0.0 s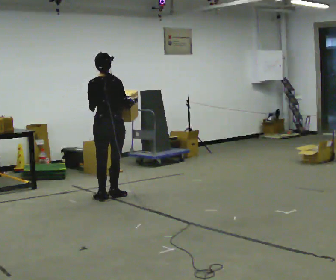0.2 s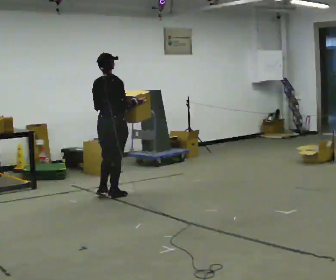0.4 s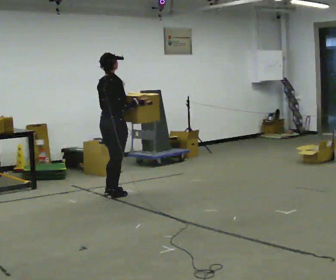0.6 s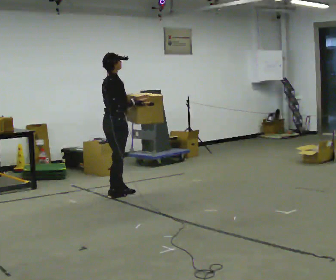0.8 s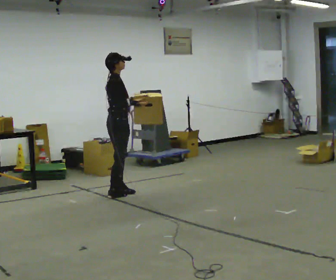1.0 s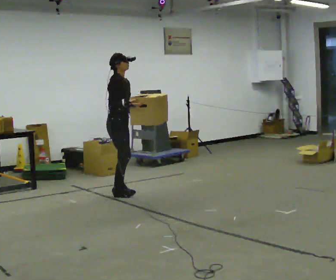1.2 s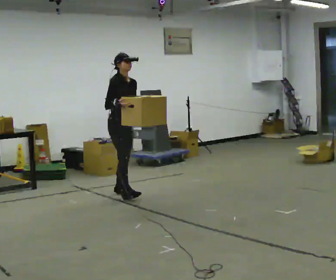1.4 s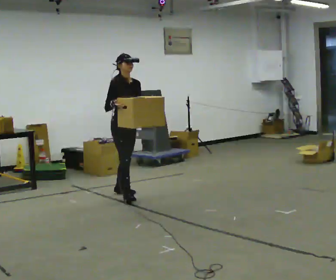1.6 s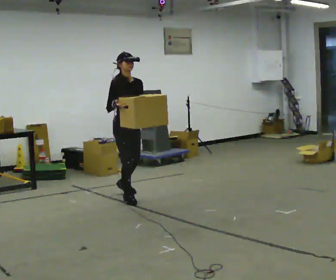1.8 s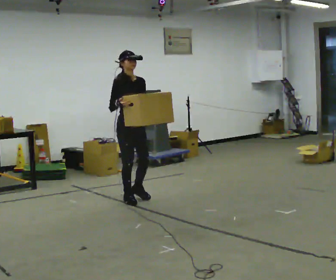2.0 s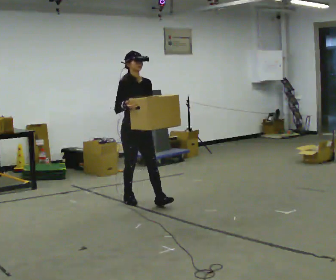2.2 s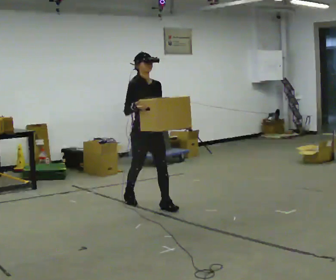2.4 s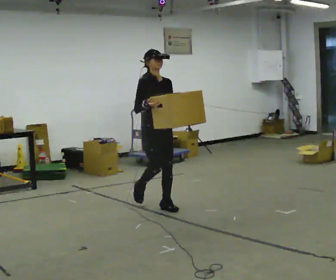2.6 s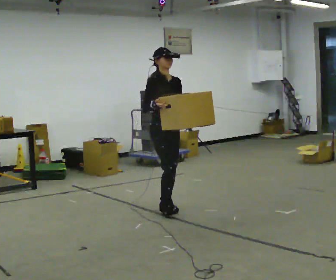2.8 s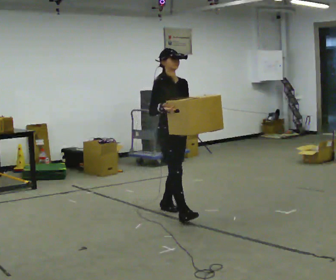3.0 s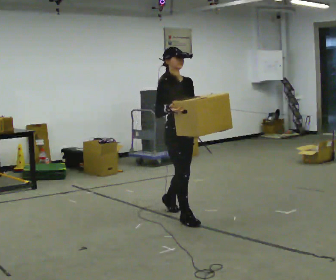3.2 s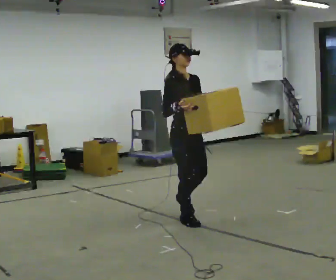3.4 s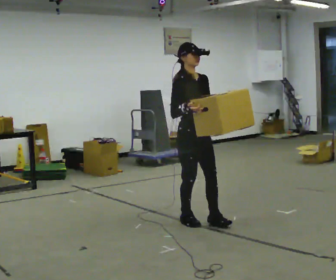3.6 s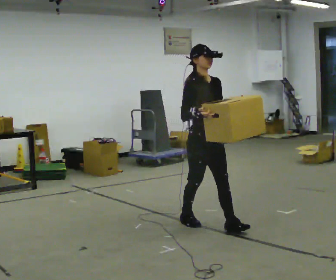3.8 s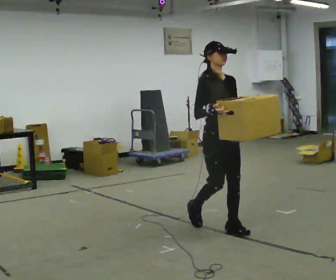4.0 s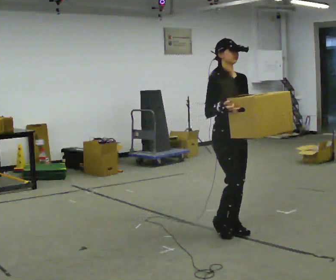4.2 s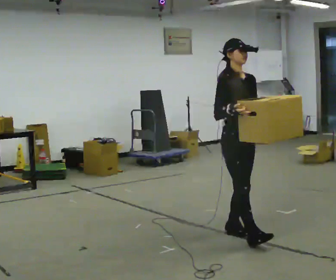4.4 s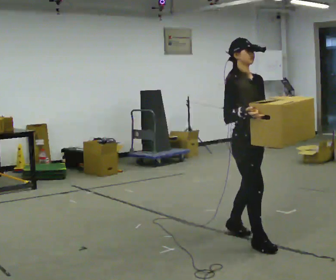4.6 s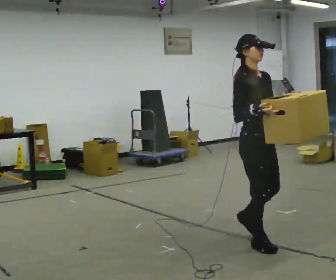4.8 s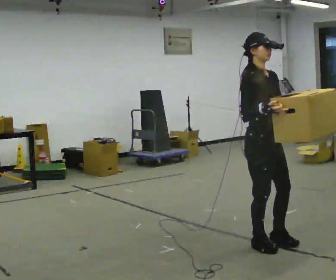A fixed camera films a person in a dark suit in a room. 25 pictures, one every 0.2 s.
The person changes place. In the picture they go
toward the camera.
0.0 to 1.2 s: The part of the body nearest the lens slides to the left as the person turns to their right by about 120 degrees. In the picture they go away from the camera, about 0.25 m in 1 step.
1.2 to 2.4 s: In the picture they go toward the camera and to the right, about 1 m in 2 steps, which for them is forward.
2.4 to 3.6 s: In the picture they go toward the camera and to the right, about 1 m in 1 step, which for them is forward.
3.6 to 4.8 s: In the picture they go toward the camera and to the right, about 0.5 m in 2 steps, which for them is forward.
The film runs forward here.
